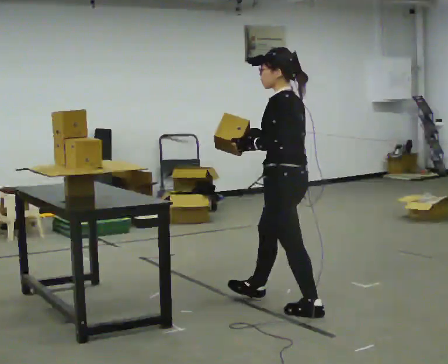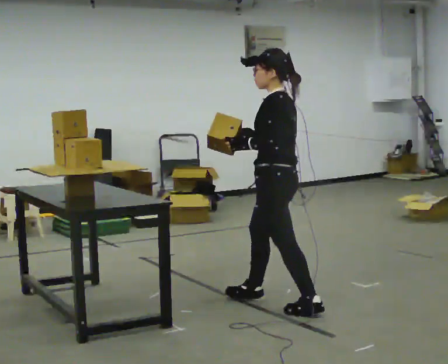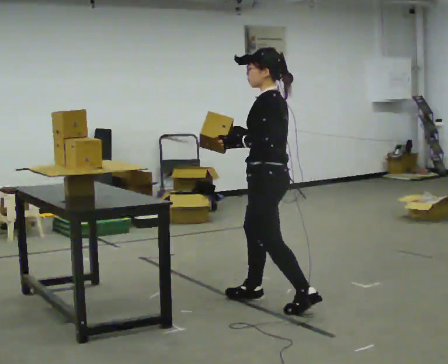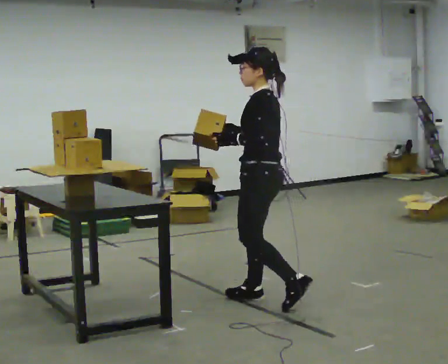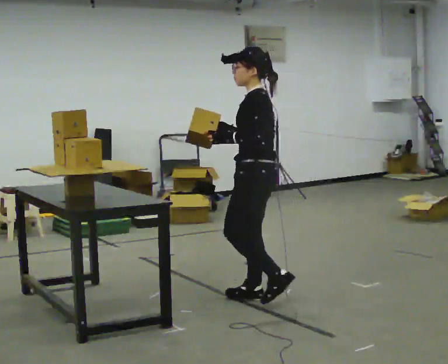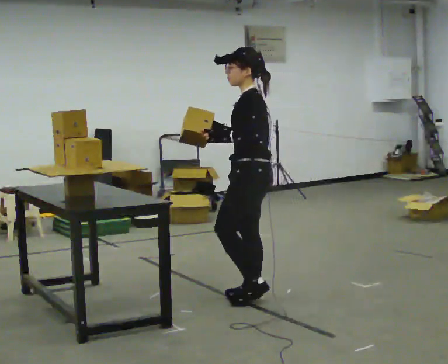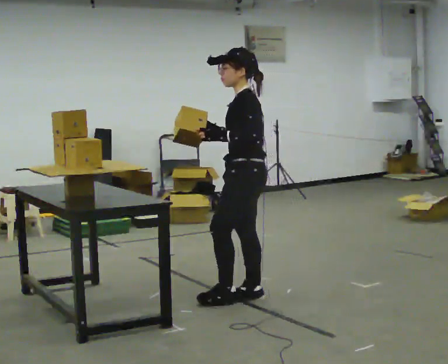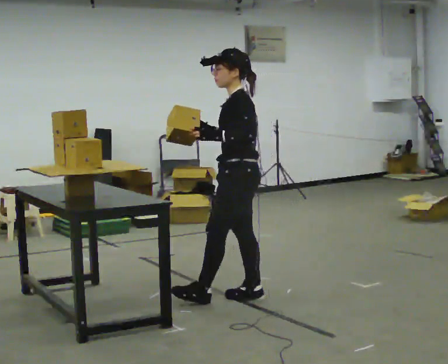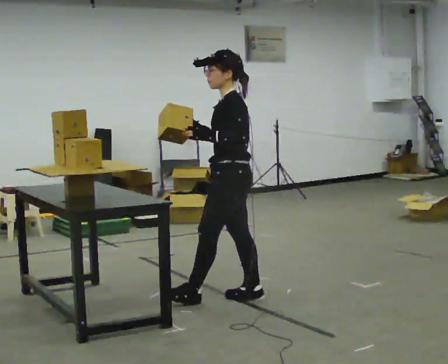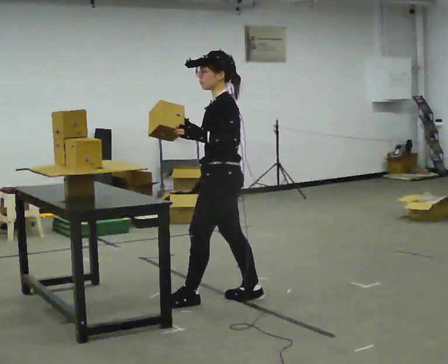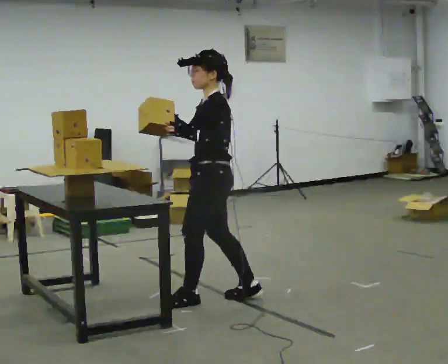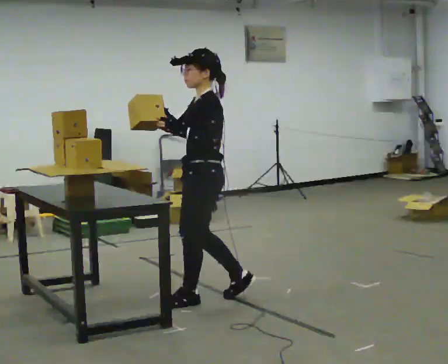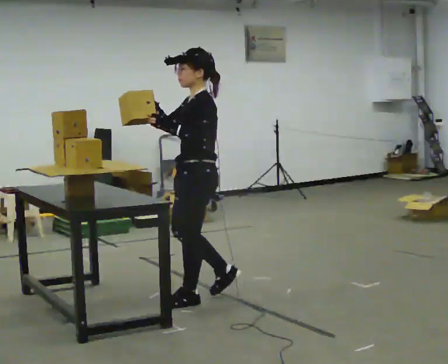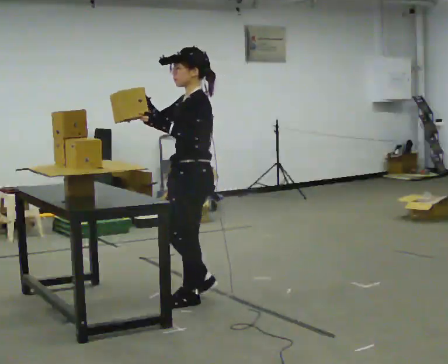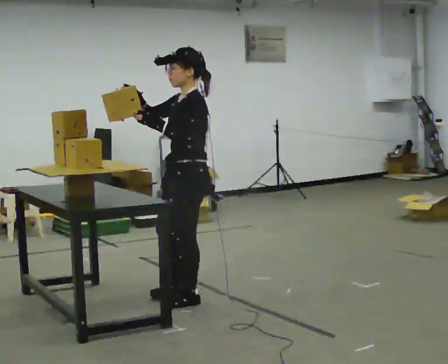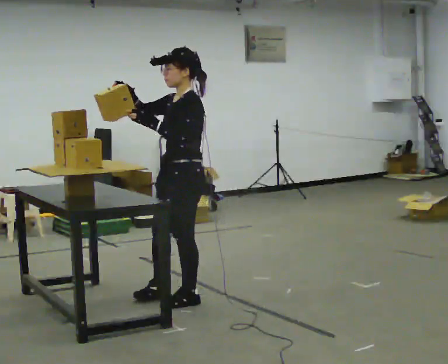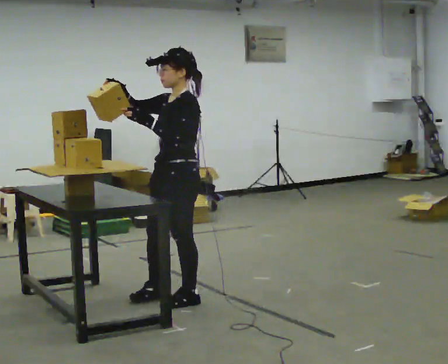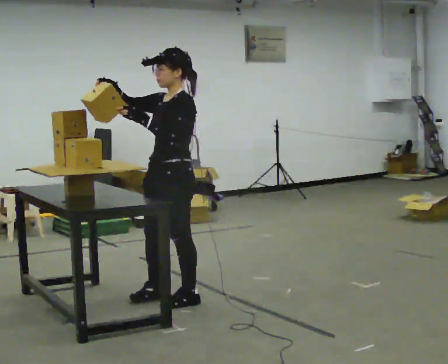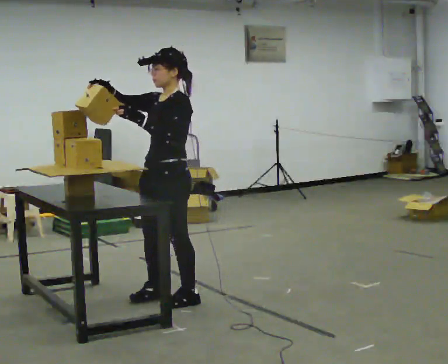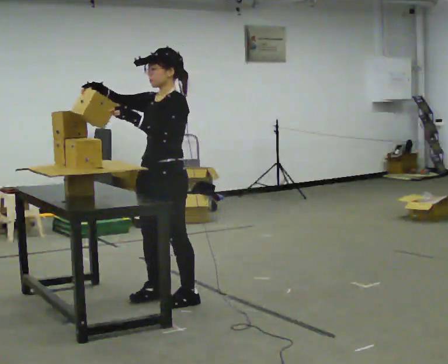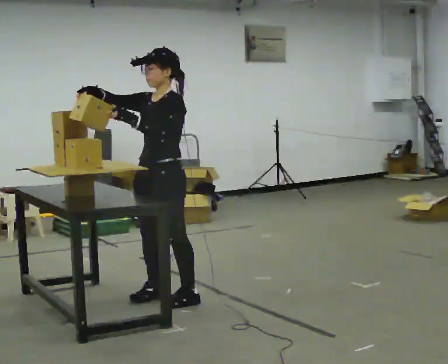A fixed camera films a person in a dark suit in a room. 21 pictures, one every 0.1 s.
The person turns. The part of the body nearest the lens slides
to the right.
The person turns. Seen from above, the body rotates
counterclockwise.
0.0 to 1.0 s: In the picture they go to the left and away from the camera, about 0.5 m in 1 step, which for them is forward.
1.0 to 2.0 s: The person turns about 45 degrees to their left, counterclockwise seen from above, so the part of the body nearest the lens slides to the right. In the picture they go to the left, about 0.25 m in 1 step, which for them is forward and to their right.
The film runs forward here.
